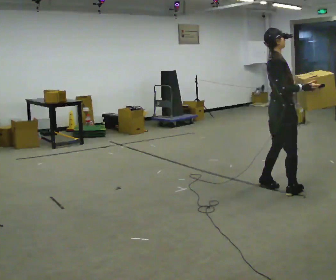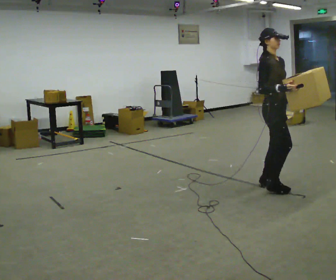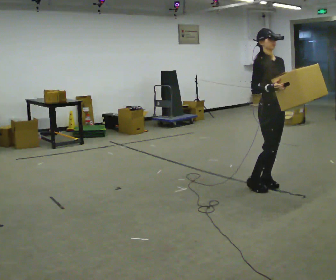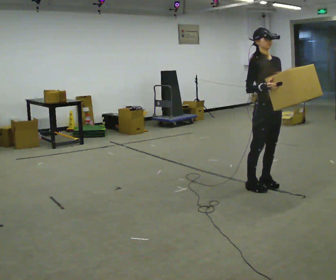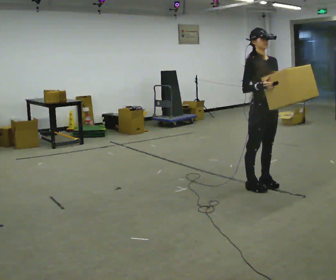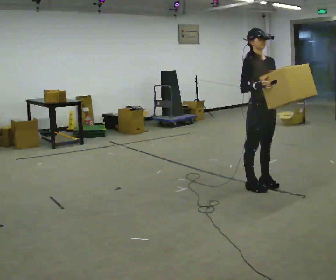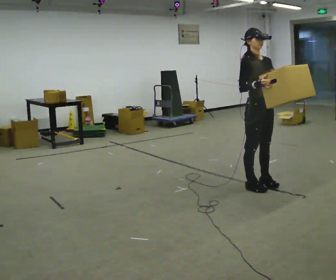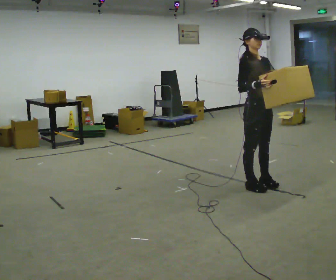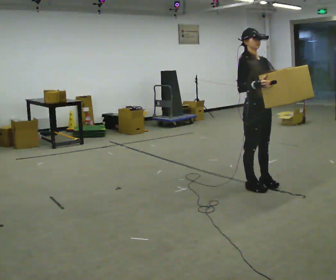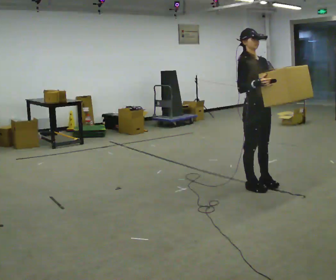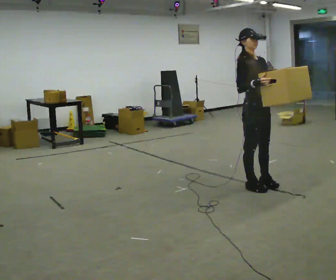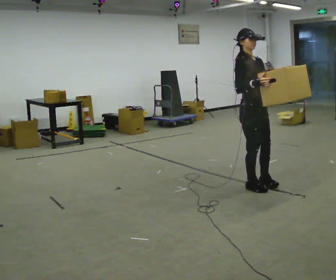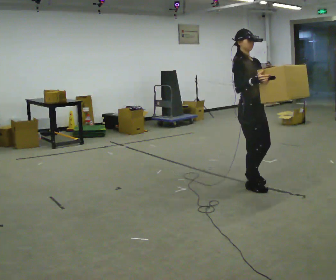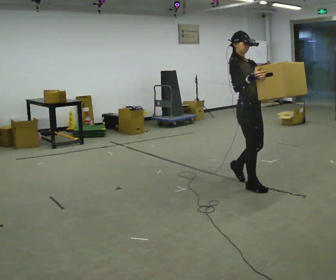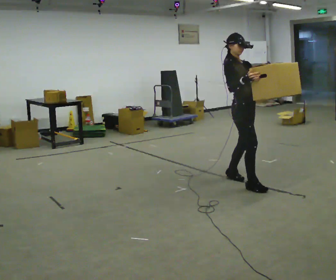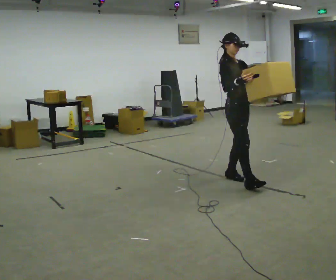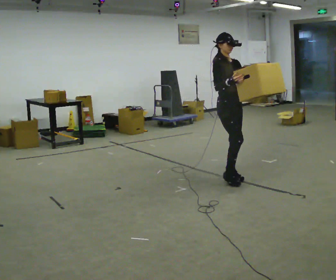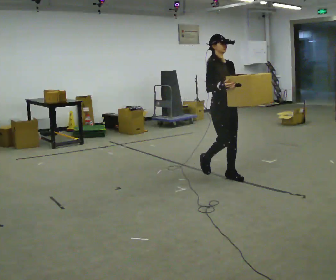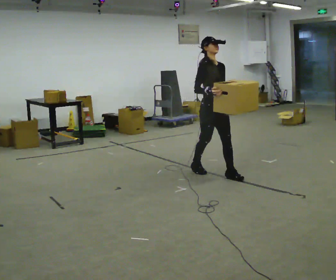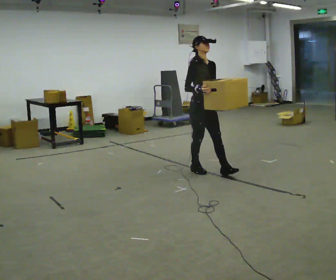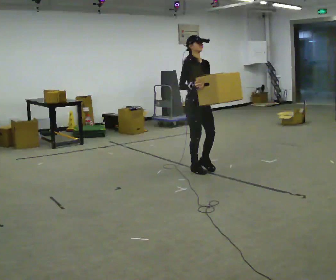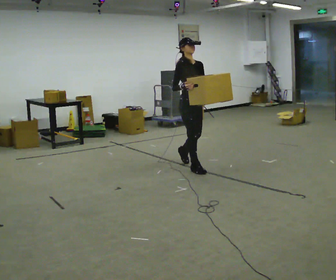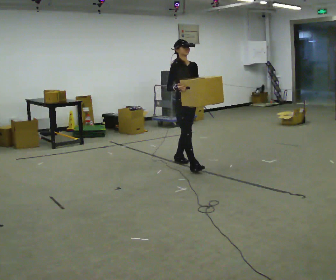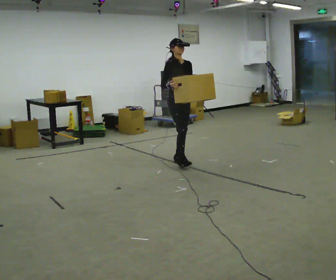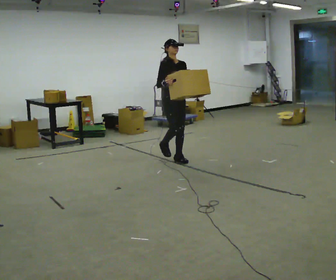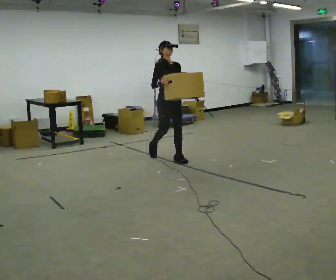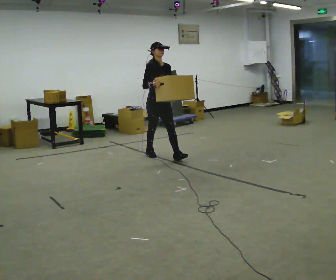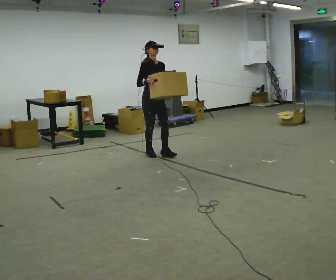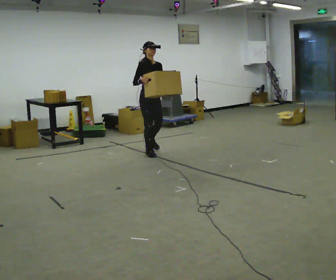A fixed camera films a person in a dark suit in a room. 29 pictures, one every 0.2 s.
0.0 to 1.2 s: Seen from above the body turns clockwise, about 60 degrees: to their right, with its near side sliding to the left. In the picture they go to the left, about 0.25 m in 1 step, which for them is backward. In the picture their right hand goes to the left.
1.2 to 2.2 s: The person moves a little, or ends about where they began.
2.2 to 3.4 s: In the picture they go away from the camera and to the left, about 0.5 m in 2 steps, which for them is backward.
3.4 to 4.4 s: In the picture they go away from the camera and to the left, about 0.5 m in 1 step, which for them is backward.
4.4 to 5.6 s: In the picture they go away from the camera and to the left, about 1 m in 2 steps, which for them is backward.
The film runs backward here.
